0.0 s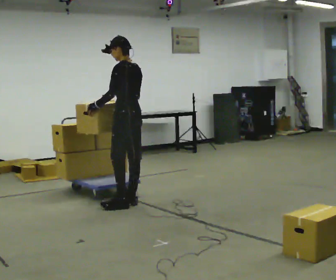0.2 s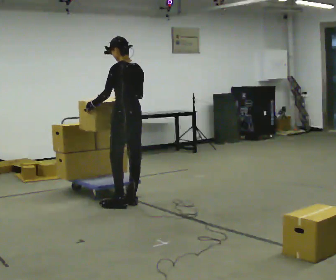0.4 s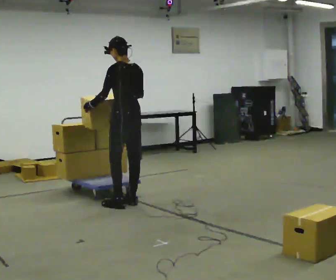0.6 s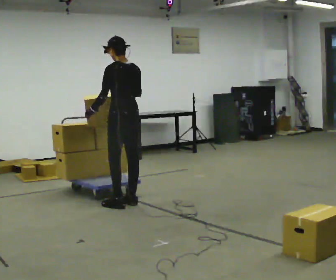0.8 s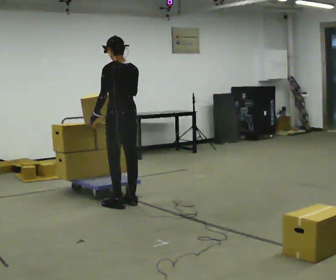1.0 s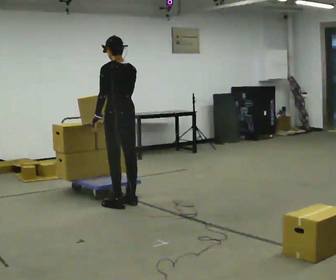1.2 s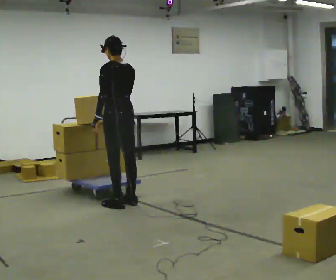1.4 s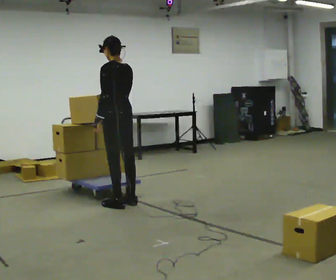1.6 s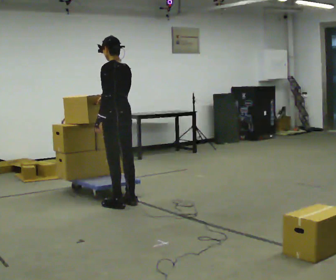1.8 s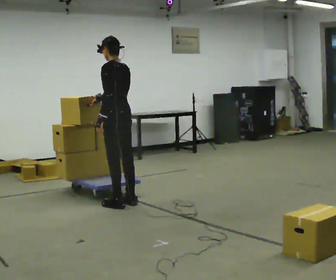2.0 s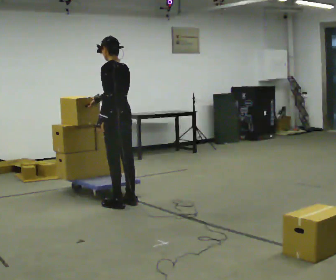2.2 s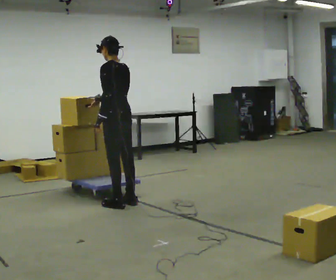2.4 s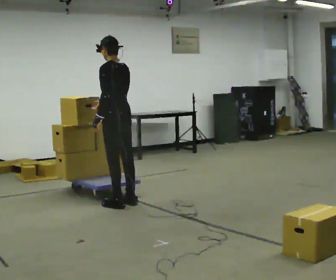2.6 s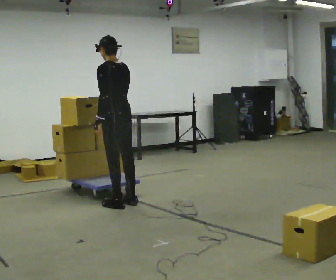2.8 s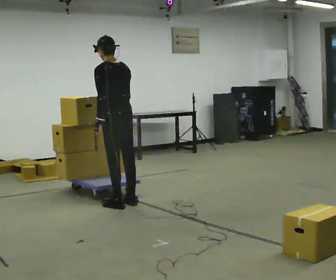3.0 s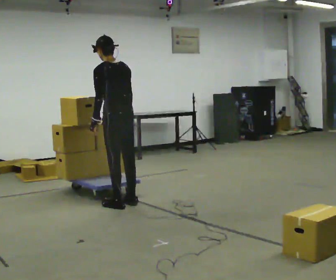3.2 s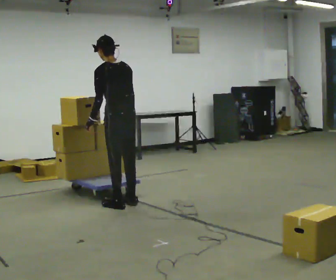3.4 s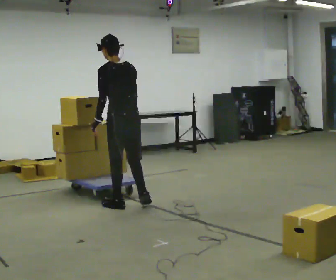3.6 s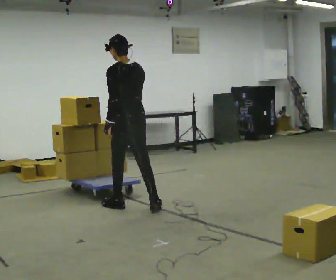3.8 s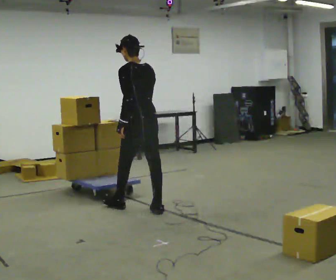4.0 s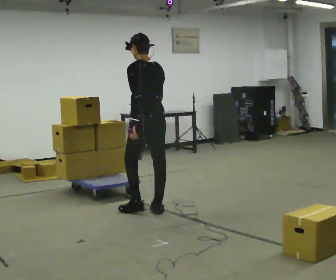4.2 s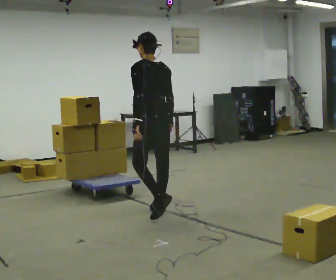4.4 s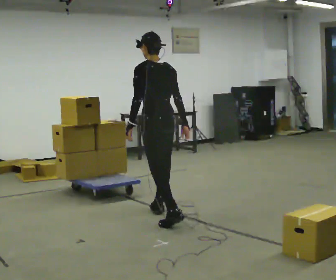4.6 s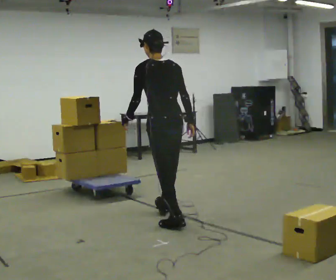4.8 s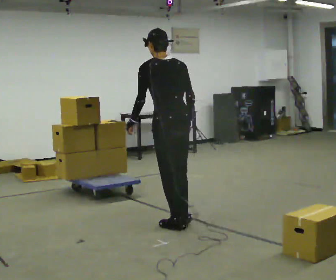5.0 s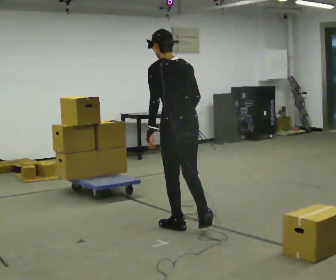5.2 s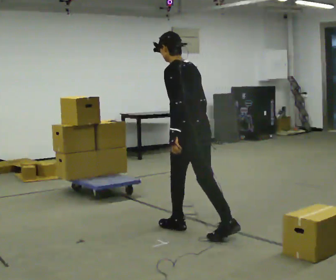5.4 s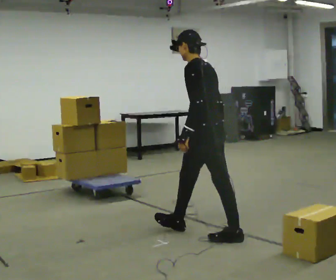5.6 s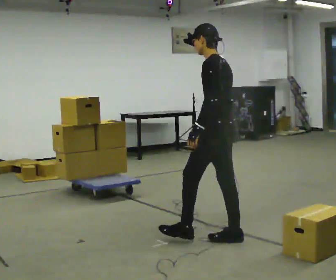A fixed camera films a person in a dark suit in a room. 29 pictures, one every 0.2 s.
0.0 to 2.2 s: The person moves a little, or ends about where they began.
2.2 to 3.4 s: In the picture they go toward the camera, about 0.25 m in 1 step, which for them is backward. In the picture their right hand goes to the right, the arm swinging counterclockwise.
3.4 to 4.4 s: In the picture they go toward the camera and to the right, about 0.5 m in 1 step, which for them is backward.
4.4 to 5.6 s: Seen from above the body turns counterclockwise, about 30 degrees: to their left, with its near side sliding to the right. In the picture they go toward the camera and to the right, about 1 m in 2 steps, which for them is backward.
The film runs backward here.
